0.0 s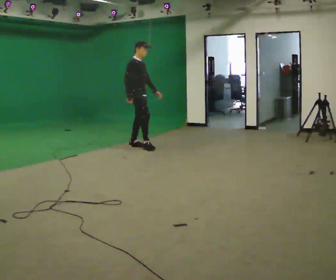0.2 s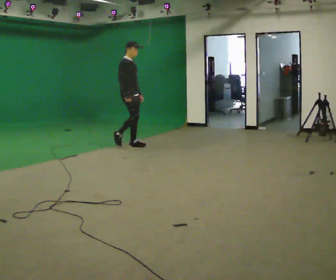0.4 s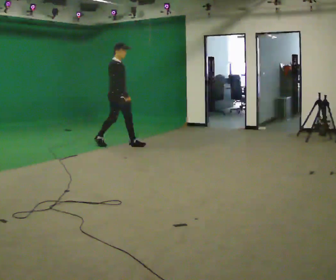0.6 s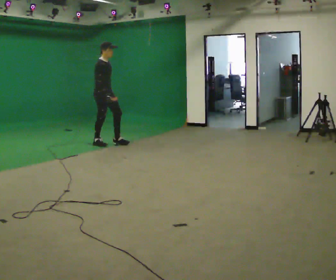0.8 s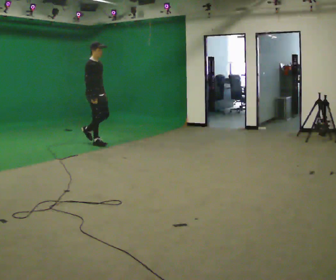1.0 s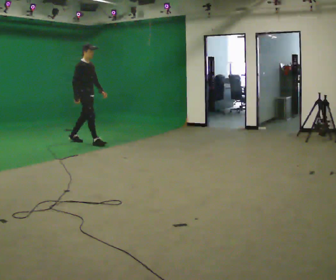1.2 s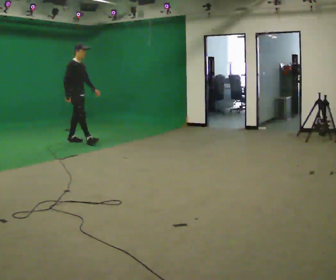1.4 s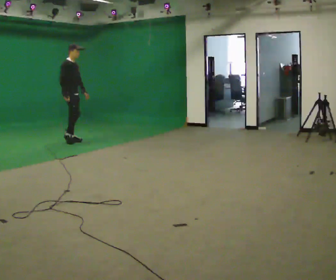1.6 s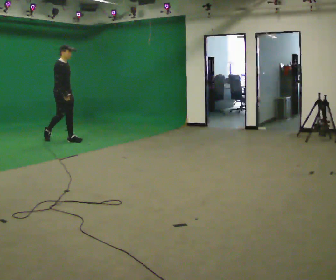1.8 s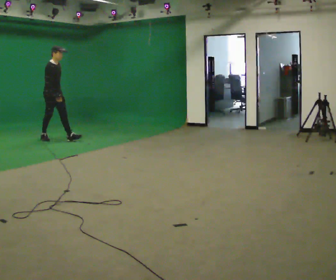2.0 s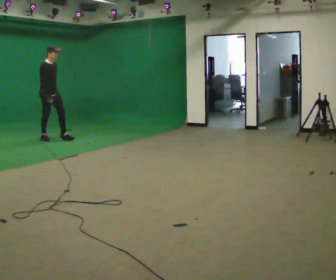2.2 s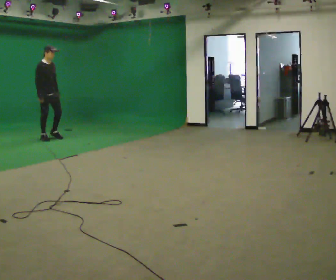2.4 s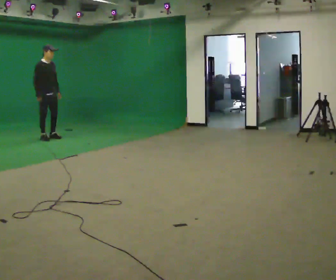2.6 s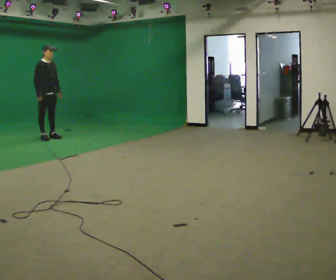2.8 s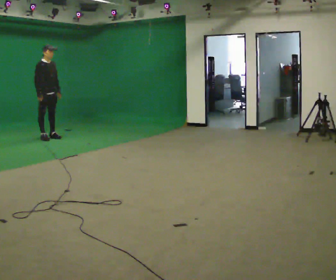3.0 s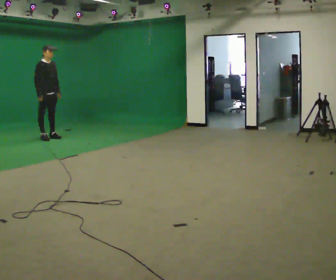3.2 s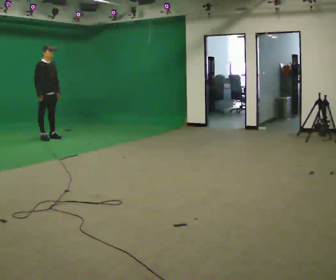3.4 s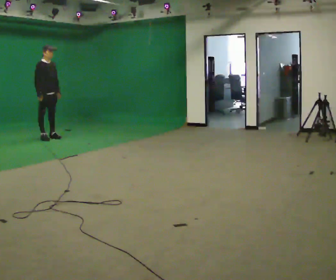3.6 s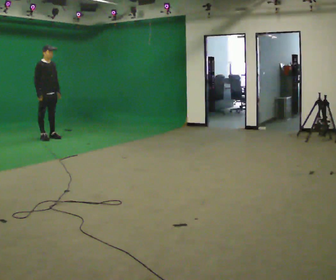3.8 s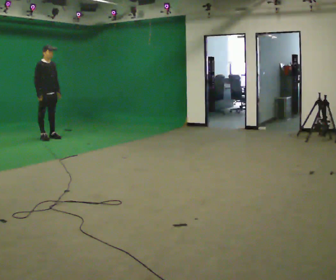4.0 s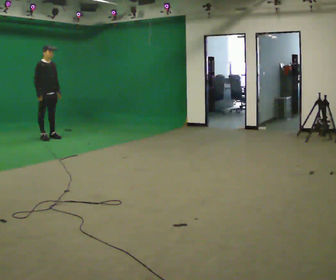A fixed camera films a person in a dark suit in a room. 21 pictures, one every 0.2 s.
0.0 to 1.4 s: In the picture they go to the left and away from the camera, about 1.5 m in 2 steps, which for them is backward.
1.4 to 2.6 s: In the picture they go to the left and away from the camera, about 0.5 m in 1 step, which for them is backward.
2.6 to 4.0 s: The person moves a little, or ends about where they began.
The film runs backward here.
